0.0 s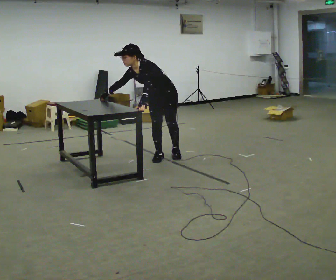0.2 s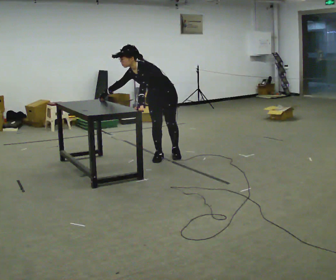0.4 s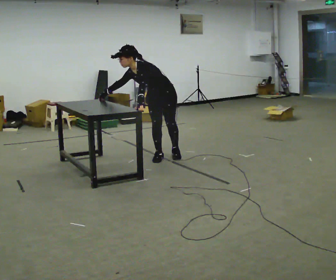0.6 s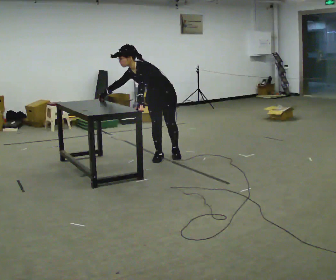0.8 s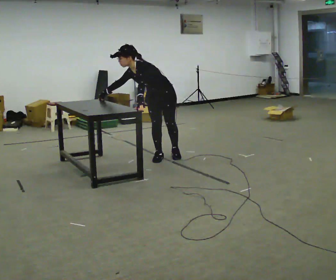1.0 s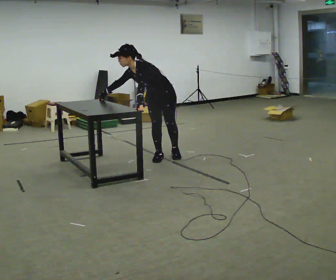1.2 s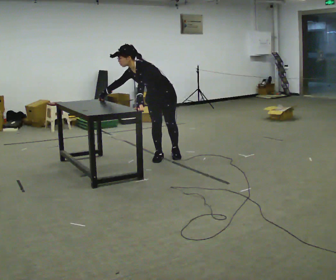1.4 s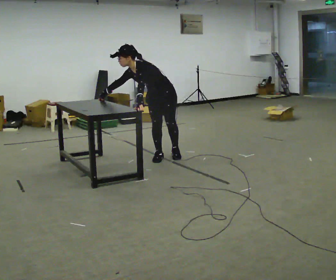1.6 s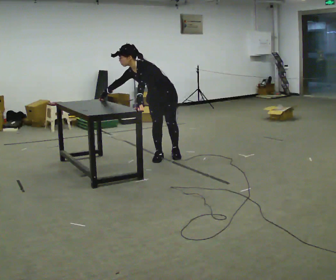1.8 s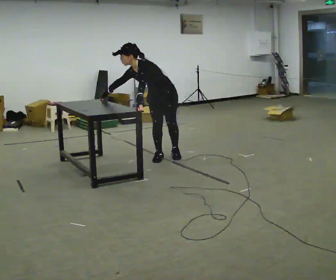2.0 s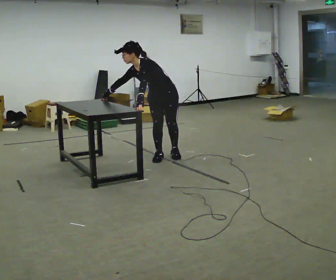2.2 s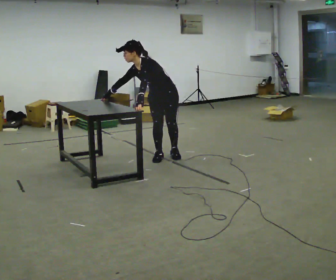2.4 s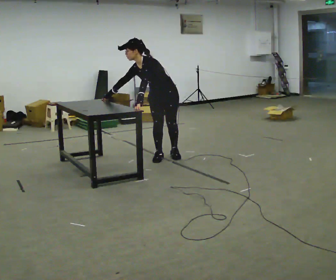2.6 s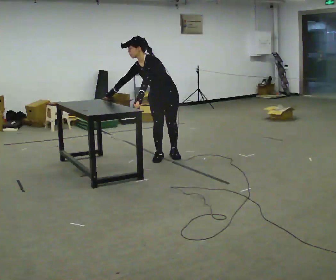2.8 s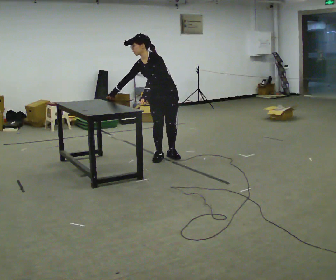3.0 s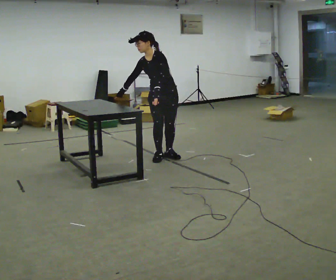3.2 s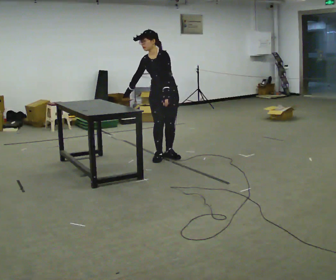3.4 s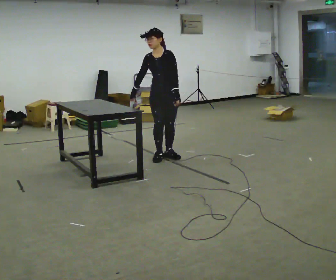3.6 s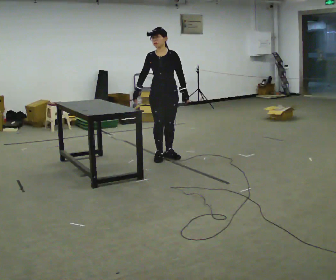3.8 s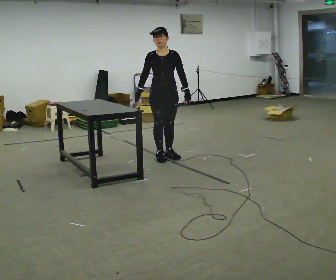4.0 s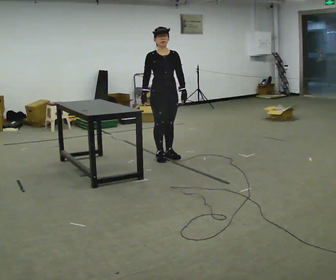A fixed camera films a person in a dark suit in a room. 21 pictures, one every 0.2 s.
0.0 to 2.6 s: The person moves a little, or ends about where they began.
2.6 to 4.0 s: Seen from above the body turns counterclockwise, about 45 degrees: to their left, with its near side sliding to the right. In the picture the upper body tilts clockwise, shoulders to the right, as they lean back or straighten. In the picture their left hand goes to the right.
The film runs backward here.
